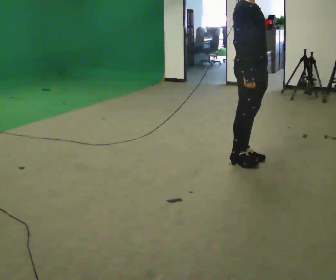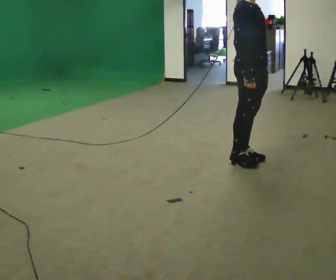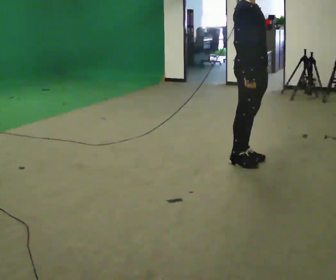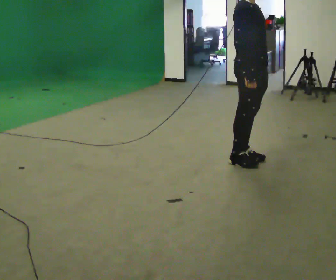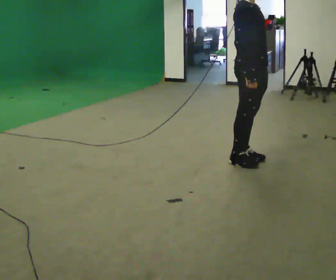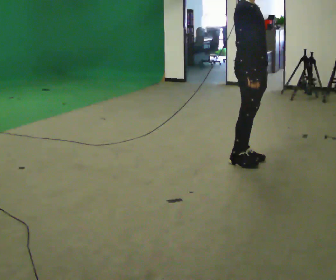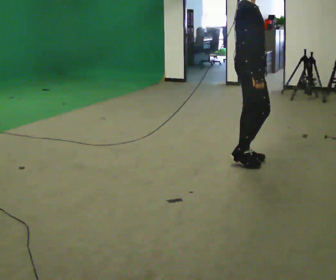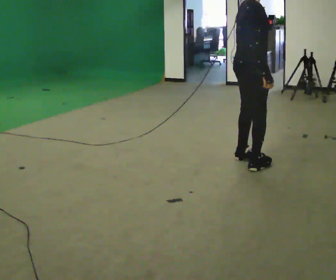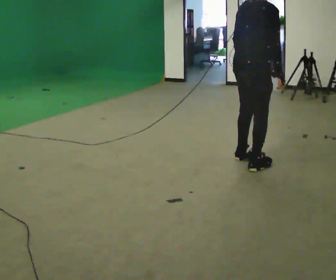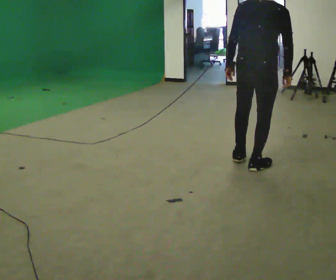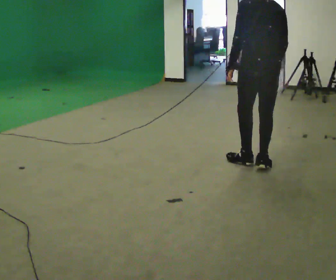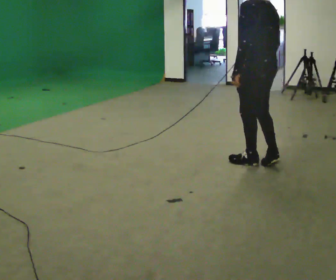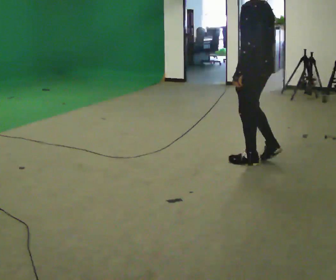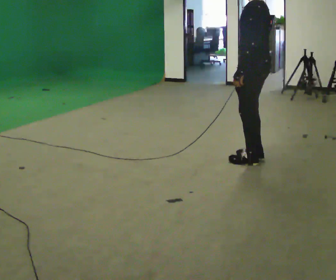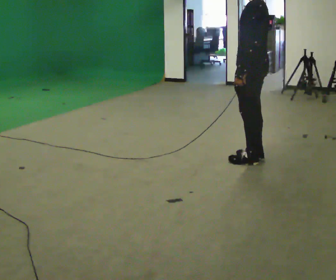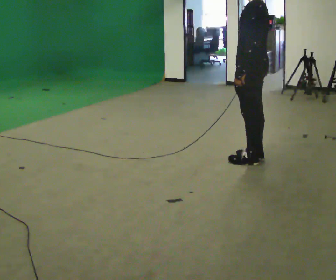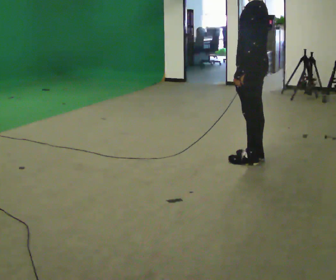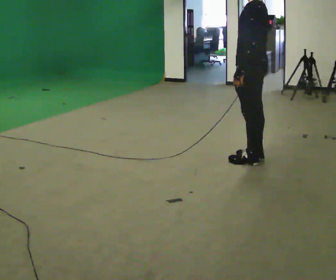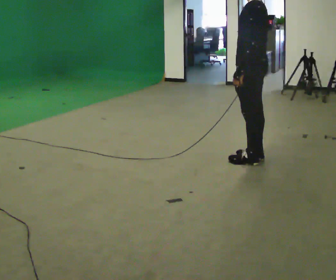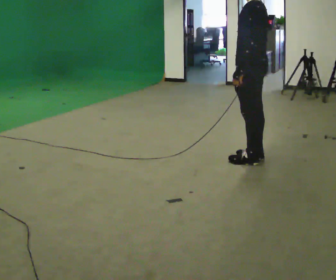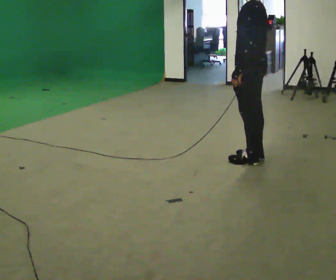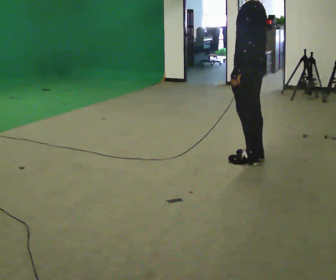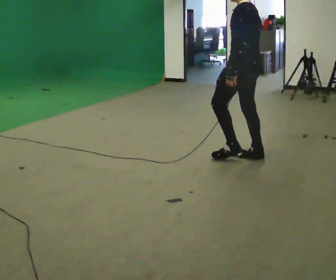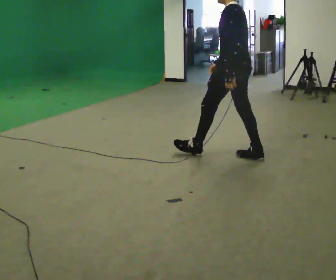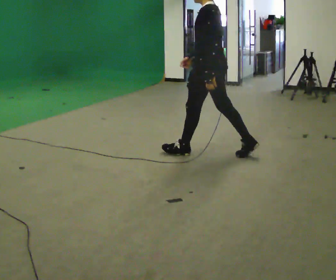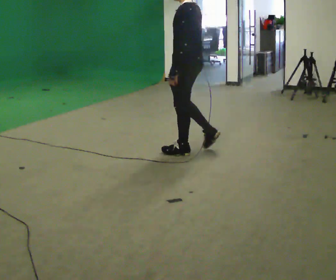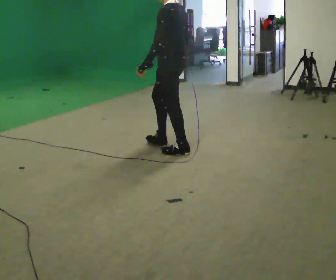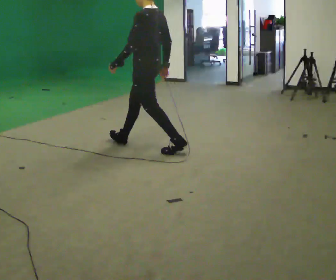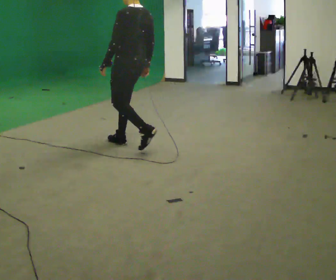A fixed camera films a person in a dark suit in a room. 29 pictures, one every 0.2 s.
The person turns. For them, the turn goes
to their left.
The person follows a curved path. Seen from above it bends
counterclockwise.
0.0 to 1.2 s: The person moves a little, or ends about where they began.
1.2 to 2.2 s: The part of the body nearest the lens slides to the right as the person turns to their left by about 150 degrees.
2.2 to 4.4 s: In the picture they go away from the camera, about 0.25 m in 1 step, which for them is forward and to their right.
4.4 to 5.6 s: In the picture they go to the left, about 1 m in 2 steps, which for them is forward.
The film runs forward here.
